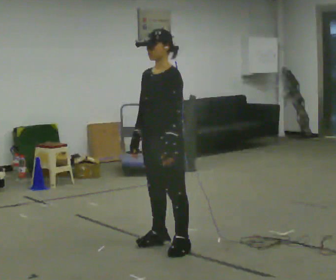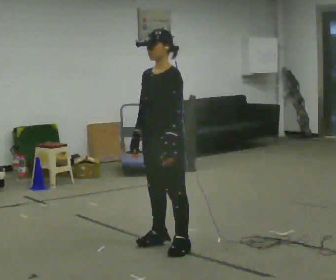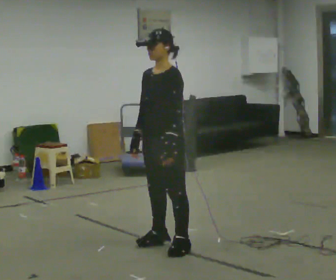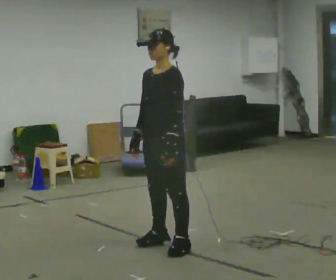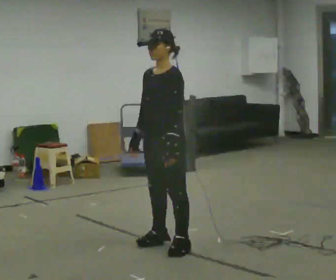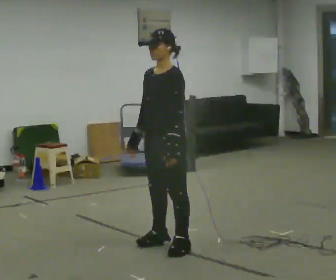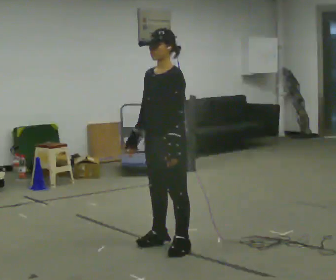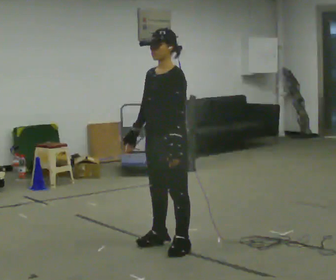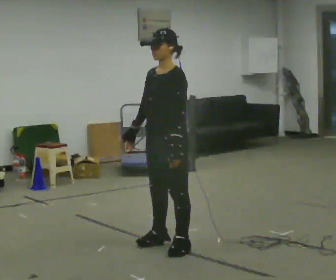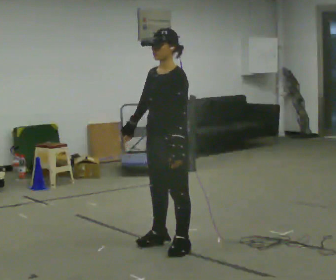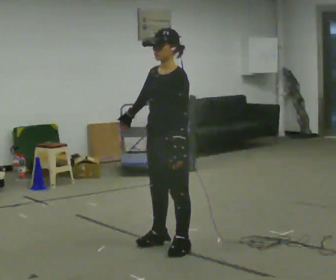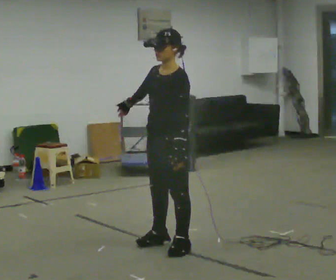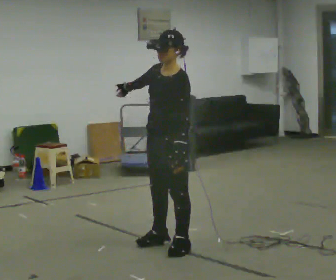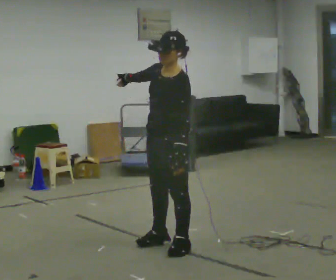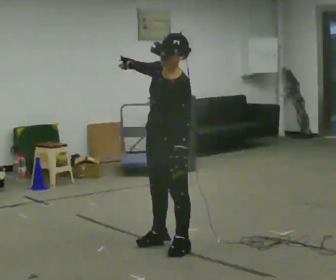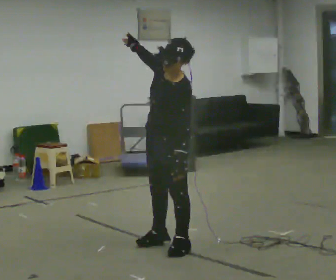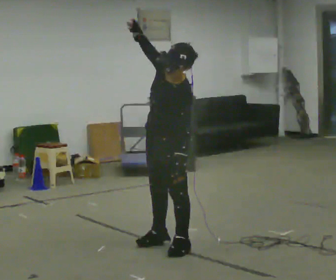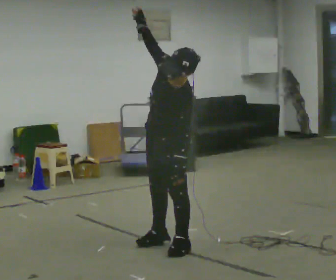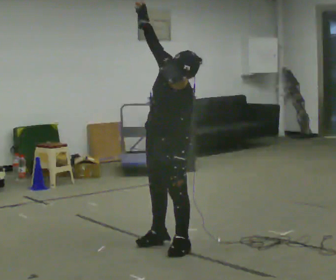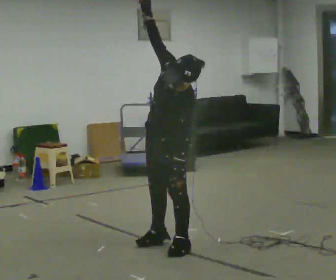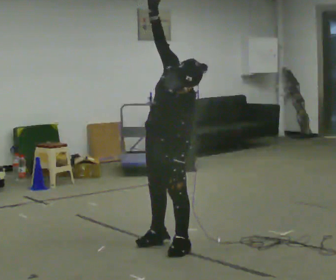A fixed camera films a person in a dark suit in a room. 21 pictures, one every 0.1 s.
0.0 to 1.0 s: The person moves a little, or ends about where they began.
1.0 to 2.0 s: The upper body tips toward the camera, its near side rolling downward. In the picture their right hand goes upward, the arm swinging clockwise.
The film runs forward here.
